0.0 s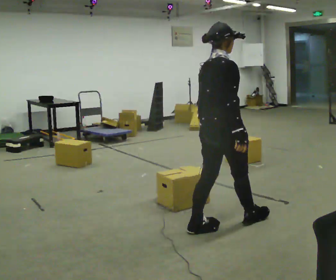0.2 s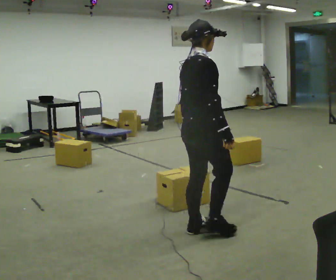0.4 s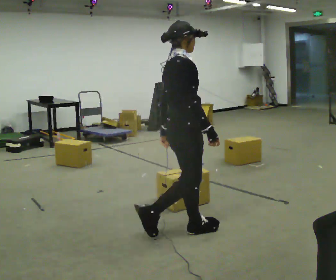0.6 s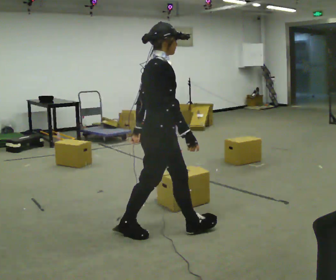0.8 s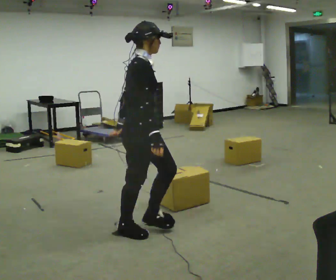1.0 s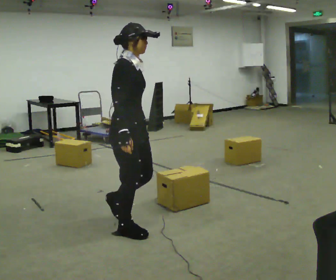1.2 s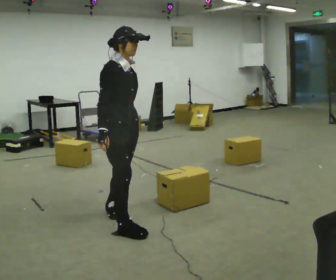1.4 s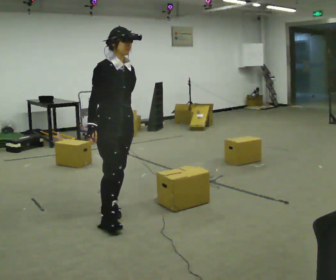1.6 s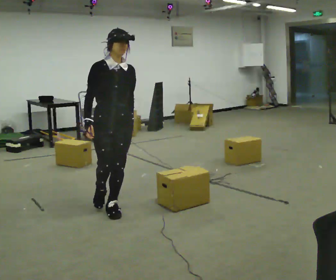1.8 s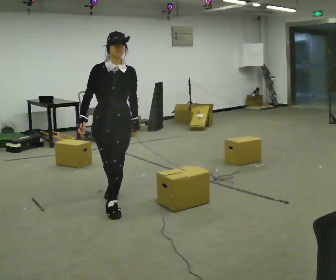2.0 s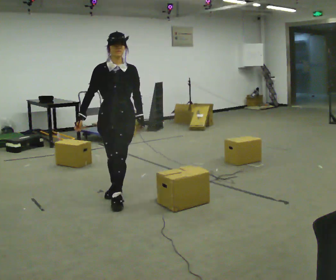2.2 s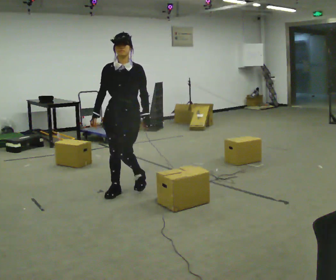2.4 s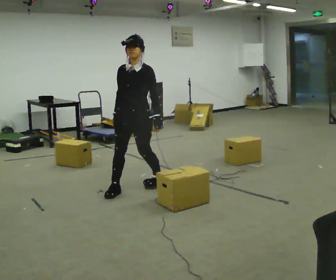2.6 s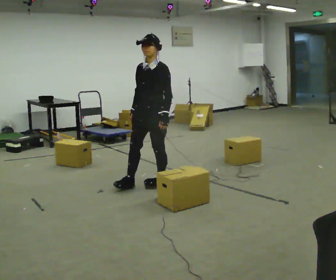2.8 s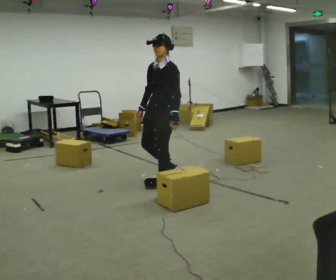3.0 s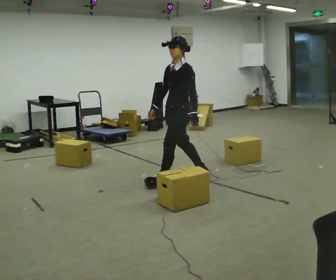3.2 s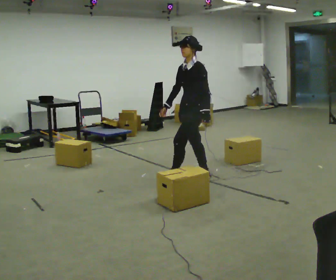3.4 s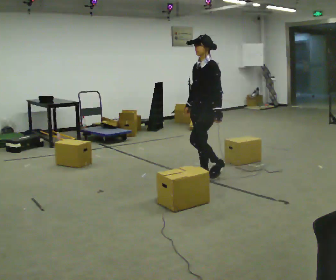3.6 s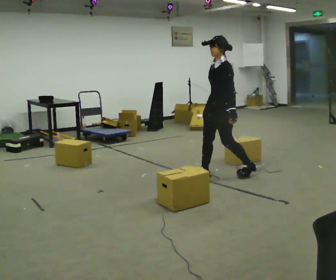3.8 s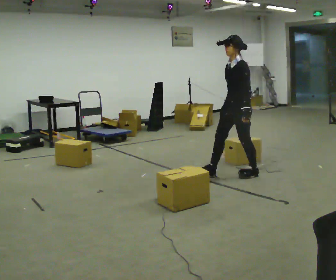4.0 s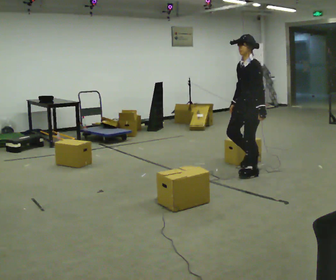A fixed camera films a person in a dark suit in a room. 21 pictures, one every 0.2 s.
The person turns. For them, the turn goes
to their right.
The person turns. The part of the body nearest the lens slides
to the left.
0.0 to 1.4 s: The person turns about 75 degrees to their right, clockwise seen from above, so the part of the body nearest the lens slides to the left. In the picture they go to the left and away from the camera, about 1 m in 3 steps.
1.4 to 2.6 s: Seen from above the body turns clockwise, about 90 degrees: to their right, with its near side sliding to the left. In the picture they go away from the camera and to the right, about 1 m in 2 steps.
2.6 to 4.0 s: Seen from above the body turns clockwise, about 30 degrees: to their right, with its near side sliding to the left. In the picture they go to the right, about 1 m in 2 steps, which for them is backward.
The film runs backward here.
